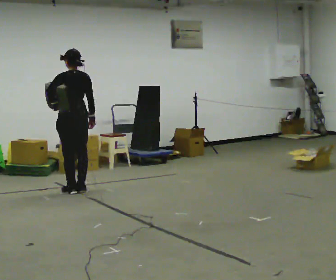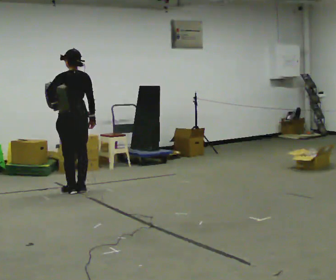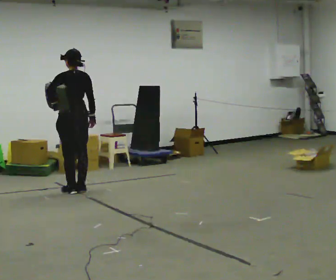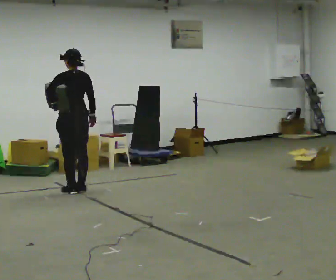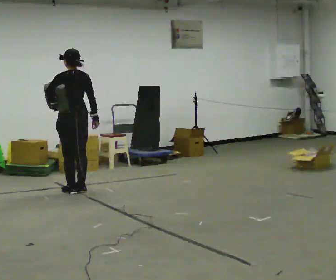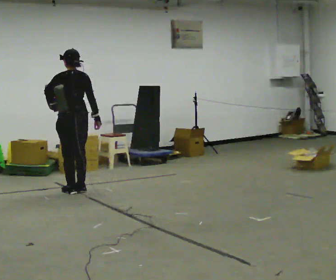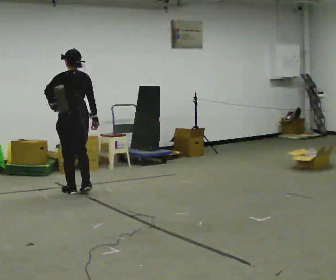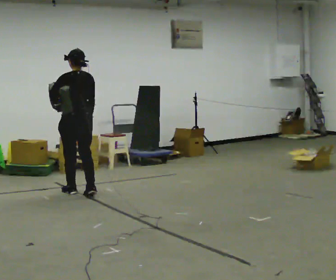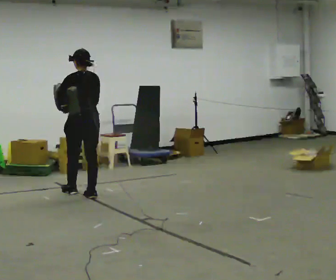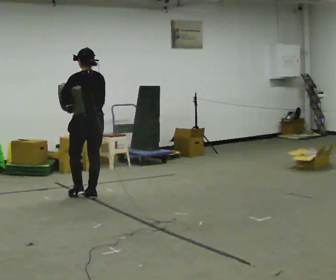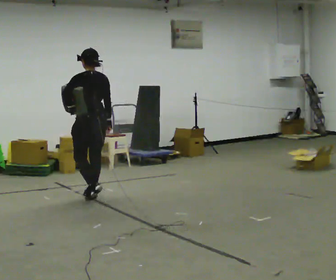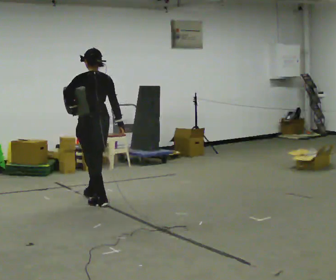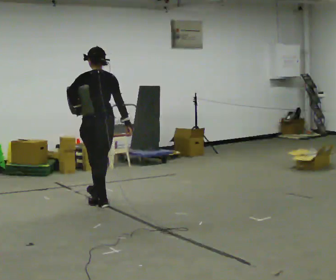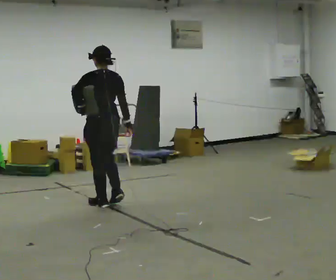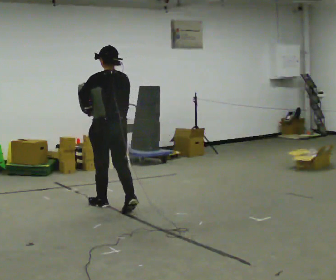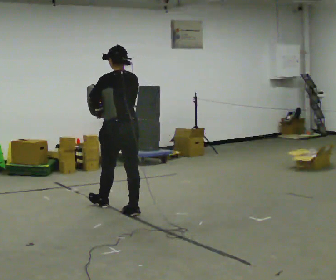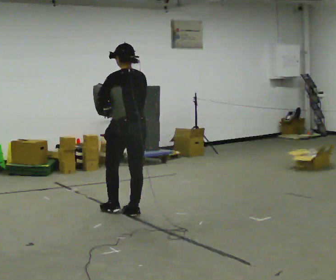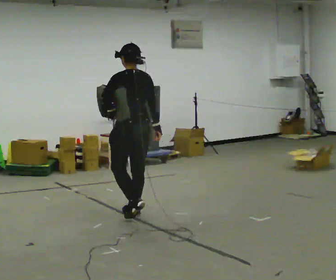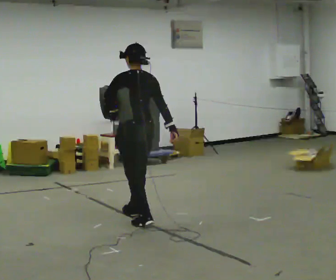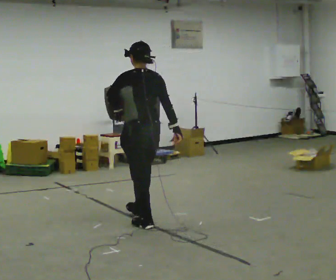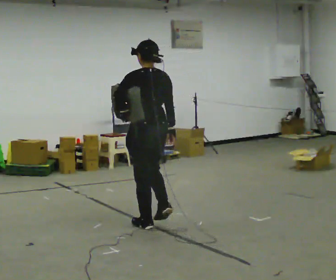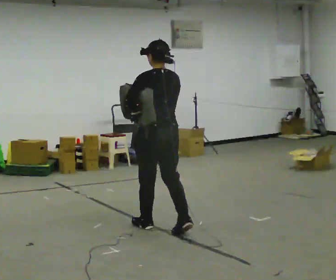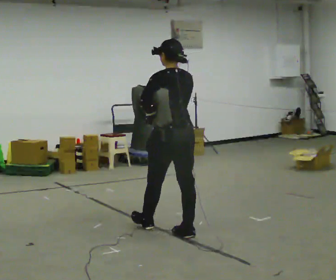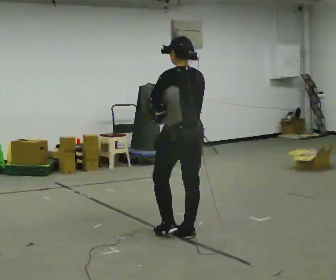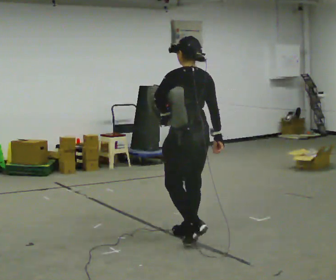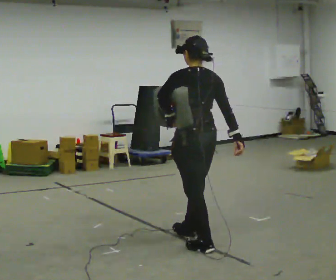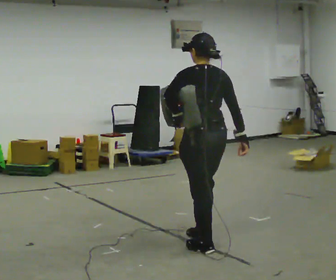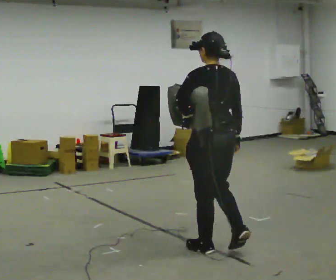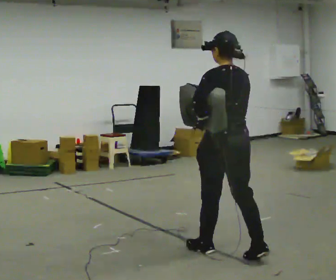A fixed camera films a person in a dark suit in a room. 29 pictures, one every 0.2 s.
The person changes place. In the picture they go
toward the camera.
0.0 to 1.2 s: The person moves a little, or ends about where they began.
1.2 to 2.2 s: In the picture they go toward the camera and to the right, about 0.5 m in 1 step, which for them is backward.
2.2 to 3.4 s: In the picture they go toward the camera and to the right, about 0.5 m in 2 steps, which for them is backward.
3.4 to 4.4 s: In the picture they go toward the camera and to the right, about 0.75 m in 1 step, which for them is backward.
4.4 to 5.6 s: In the picture they go toward the camera and to the right, about 0.5 m in 2 steps, which for them is backward.
The film runs backward here.
